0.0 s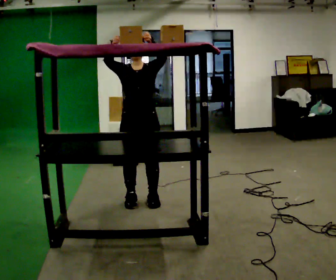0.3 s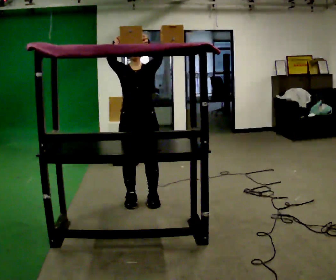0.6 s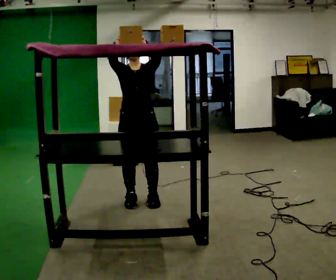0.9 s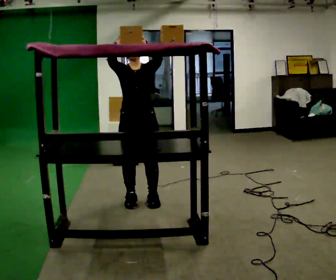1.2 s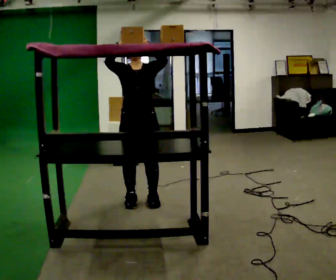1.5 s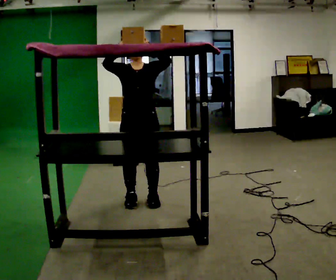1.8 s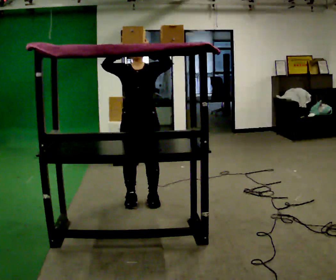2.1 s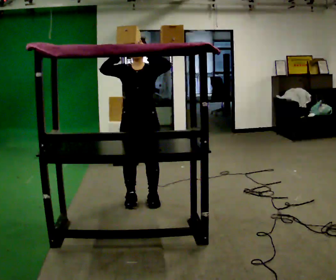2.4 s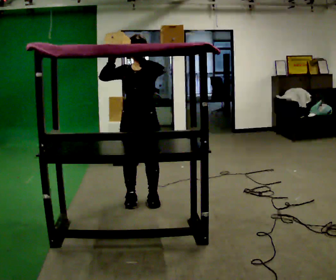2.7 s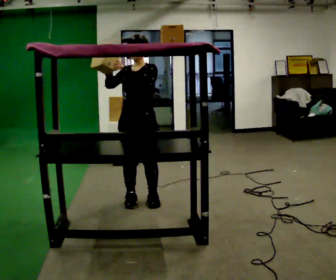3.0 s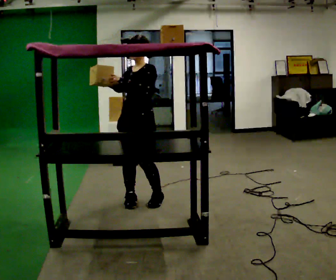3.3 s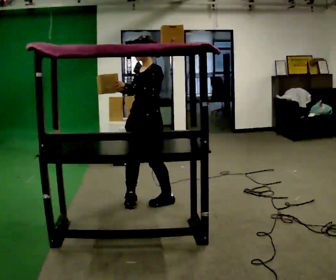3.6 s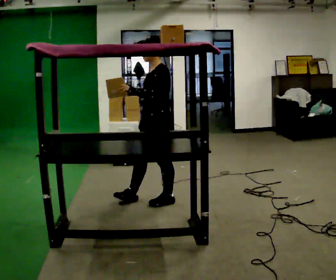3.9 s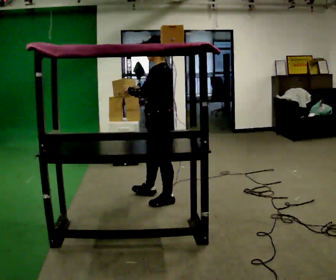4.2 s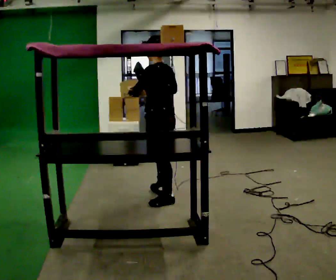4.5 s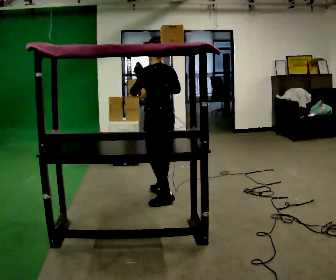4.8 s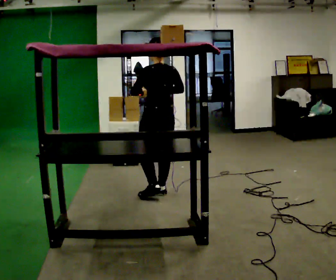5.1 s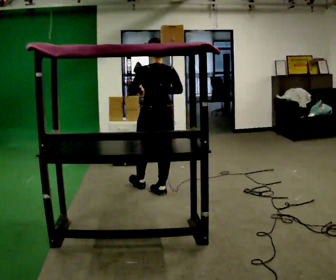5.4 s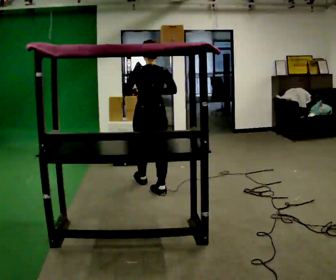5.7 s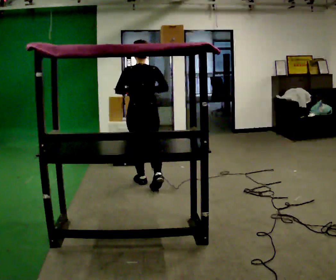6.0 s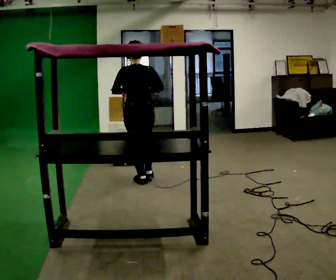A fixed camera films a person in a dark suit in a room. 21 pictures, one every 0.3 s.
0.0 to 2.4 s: The person moves a little, or ends about where they began.
2.4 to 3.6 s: The part of the body nearest the lens slides to the left as the person turns to their right by about 60 degrees. In the picture they go to the right, about 0.25 m in 1 step.
3.6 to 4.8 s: The person turns about 75 degrees to their right, clockwise seen from above, so the part of the body nearest the lens slides to the left. In the picture they go away from the camera, about 0.25 m in 1 step.
4.8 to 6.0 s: In the picture they go away from the camera and to the left, about 0.5 m in 1 step, which for them is forward.
The film runs forward here.
